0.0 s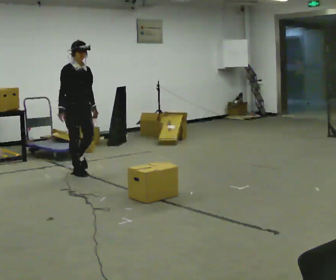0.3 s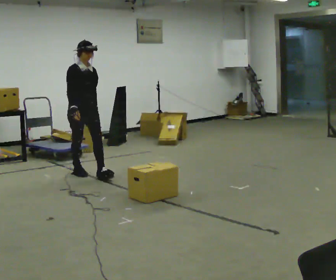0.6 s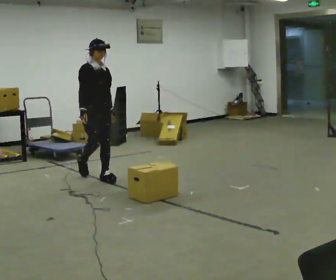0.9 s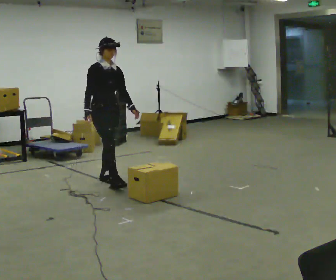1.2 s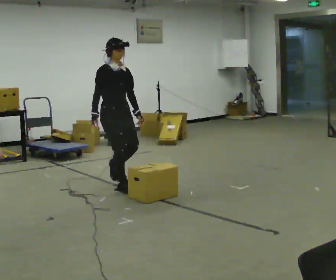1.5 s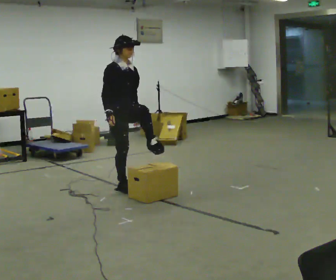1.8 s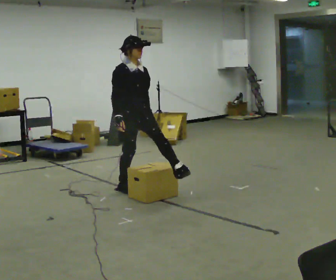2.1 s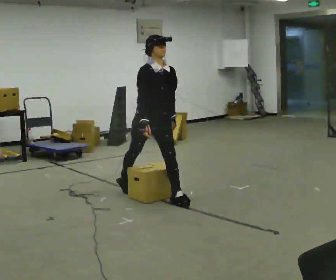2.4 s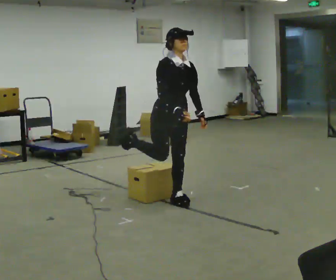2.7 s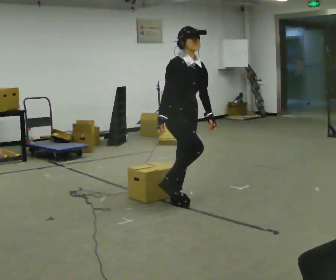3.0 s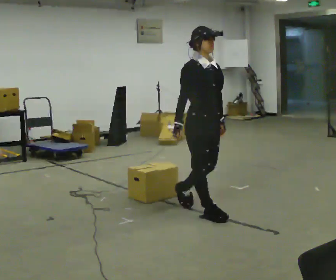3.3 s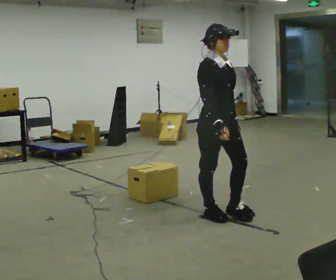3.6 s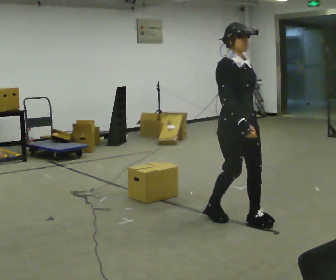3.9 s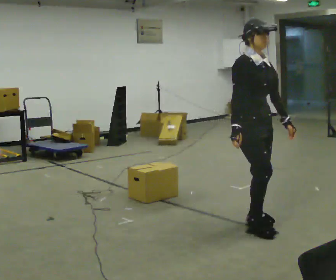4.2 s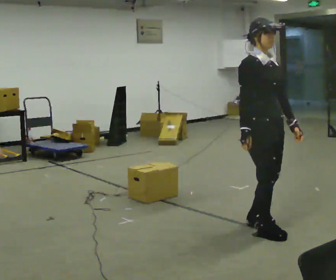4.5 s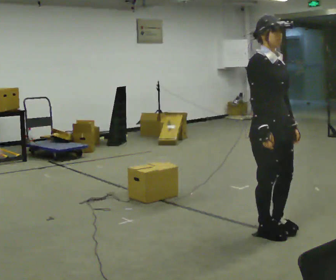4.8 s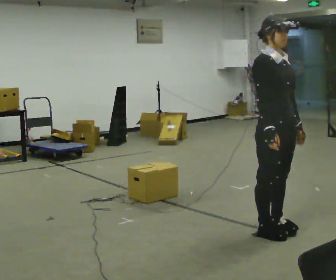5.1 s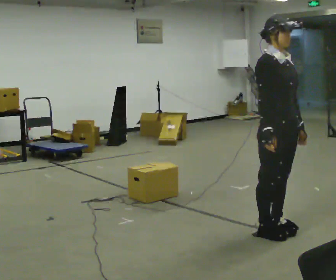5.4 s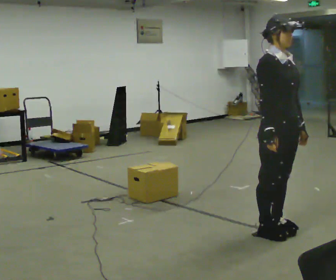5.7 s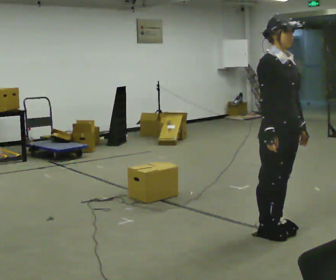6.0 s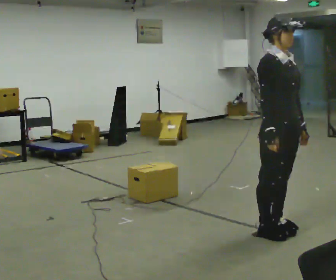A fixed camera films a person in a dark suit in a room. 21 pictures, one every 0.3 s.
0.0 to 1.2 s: In the picture they go toward the camera and to the right, about 1 m in 2 steps, which for them is forward.
1.2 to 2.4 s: In the picture they go to the right and toward the camera, about 1 m in 1 step, which for them is forward.
2.4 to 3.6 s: In the picture they go toward the camera and to the right, about 1 m in 2 steps, which for them is forward.
3.6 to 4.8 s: In the picture they go toward the camera and to the right, about 0.5 m in 2 steps, which for them is forward.
4.8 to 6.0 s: The person moves a little, or ends about where they began.
The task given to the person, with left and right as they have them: Walk across the room at a normal pace, looking ahead. Something may appear in your way. Deal with it however comes naturally and carry on.
The film runs forward here.
